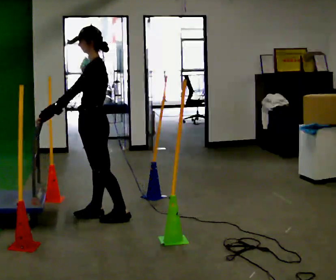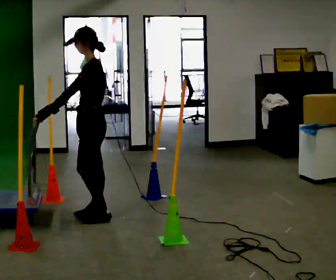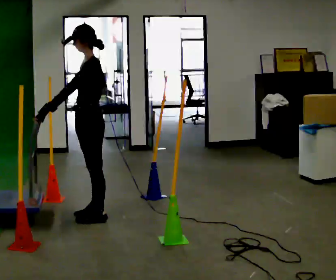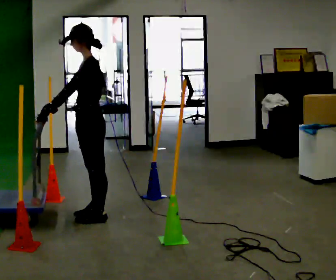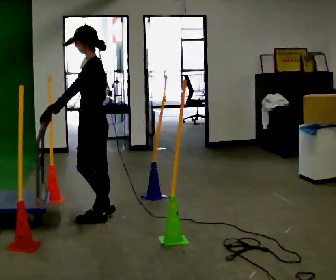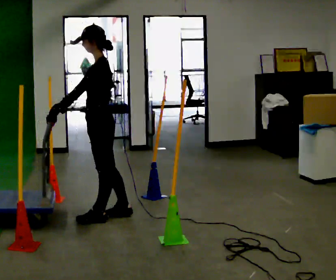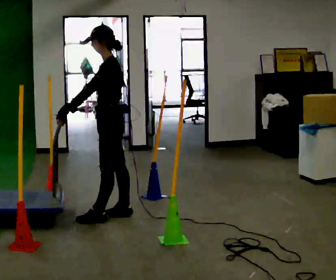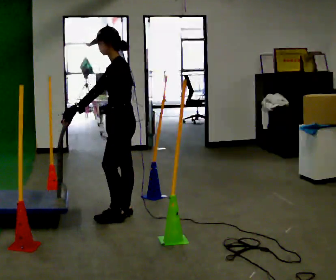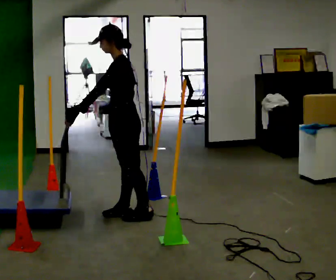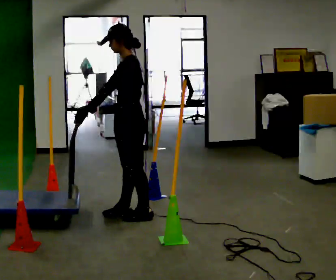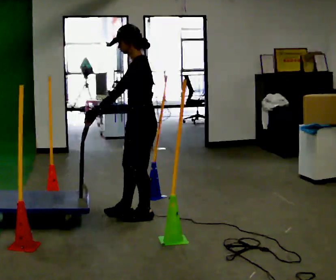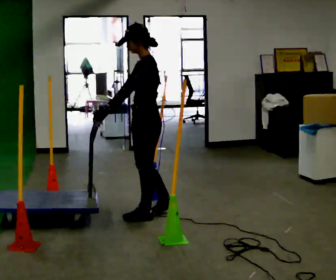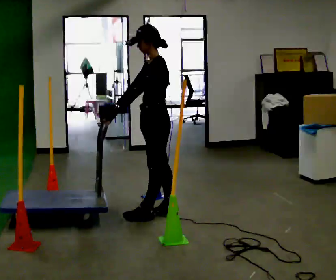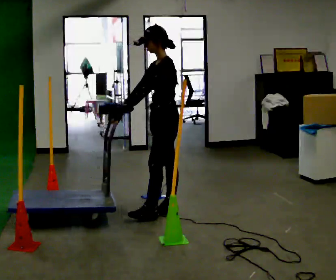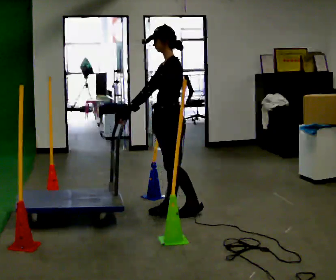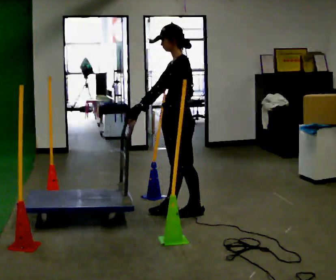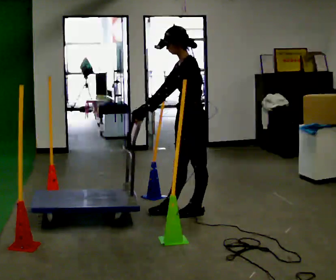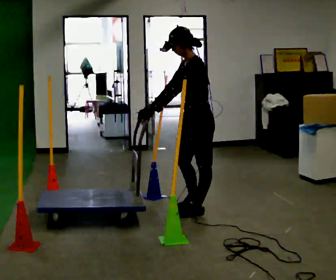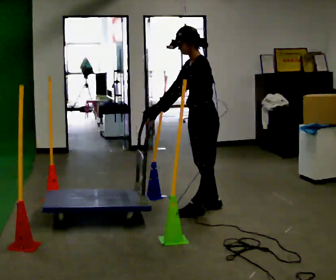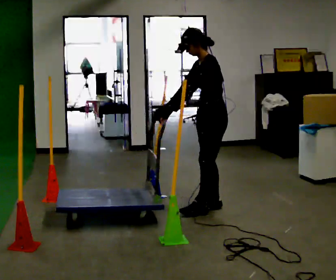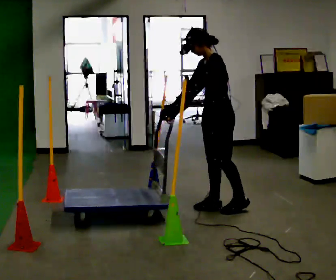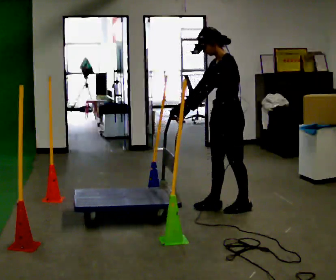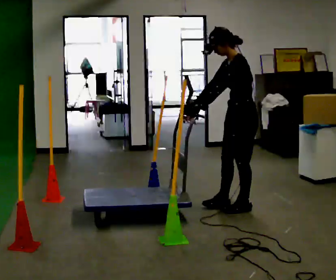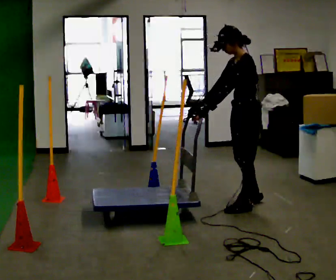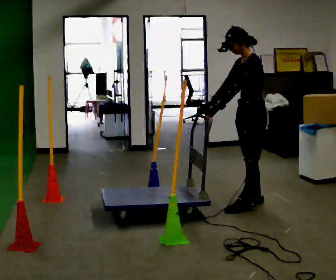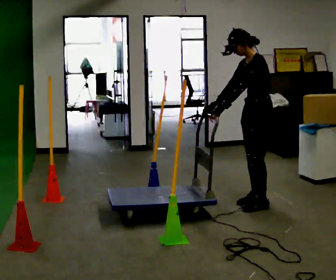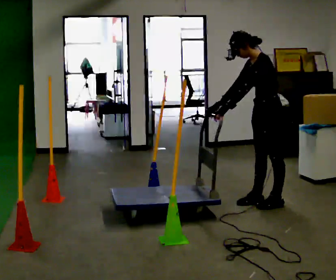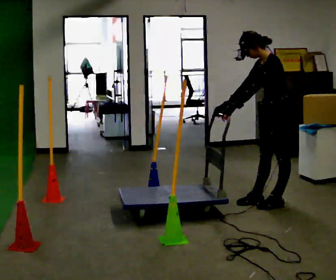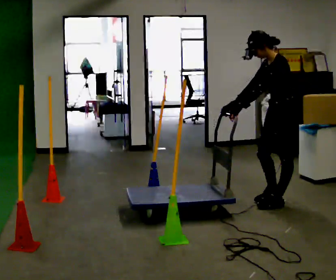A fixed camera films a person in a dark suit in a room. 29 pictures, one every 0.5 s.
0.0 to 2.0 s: The person moves a little, or ends about where they began.
2.0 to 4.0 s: In the picture they go to the right and away from the camera, about 0.25 m in 2 steps, which for them is backward and to their right.
4.0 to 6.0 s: In the picture they go to the right, about 0.25 m in 1 step, which for them is backward.
6.0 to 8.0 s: In the picture they go to the right, about 0.25 m in 1 step, which for them is backward.
8.0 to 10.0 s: In the picture they go to the right and away from the camera, about 0.25 m in 1 step, which for them is backward and to their right.
10.0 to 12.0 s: In the picture they go to the right, about 0.25 m in 2 steps, which for them is backward.
12.0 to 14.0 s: In the picture they go to the right, about 0.25 m in 1 step, which for them is backward.
The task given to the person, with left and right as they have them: Push the cart in and out of the line of poles without touching any of them. Keep going until the operator says stop.
The film runs forward here.
